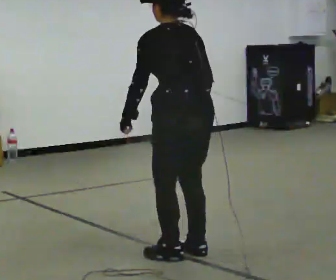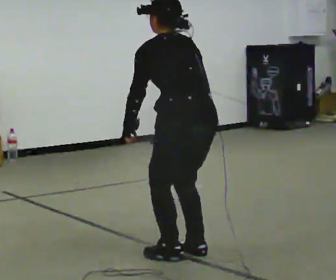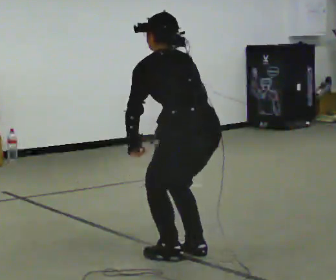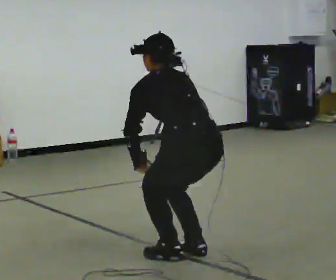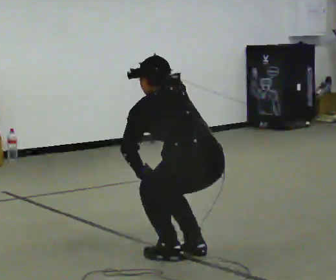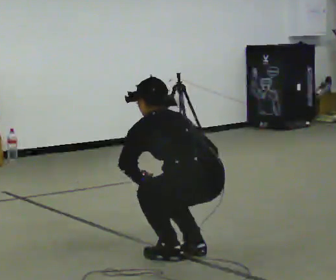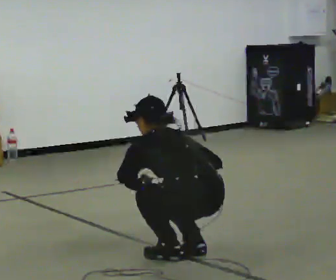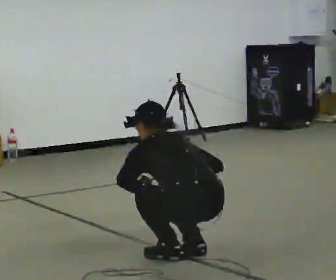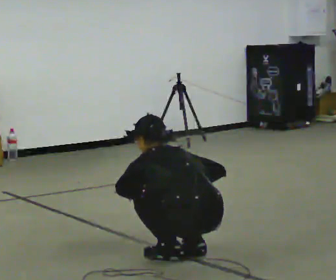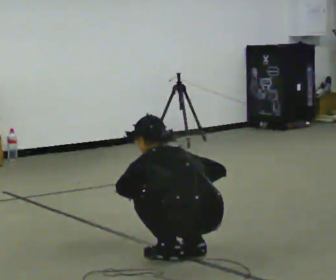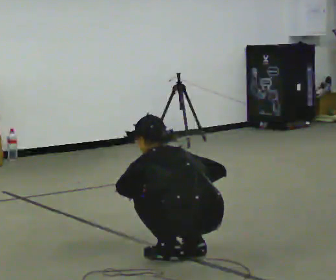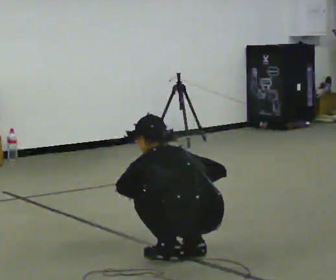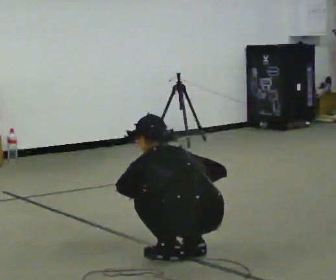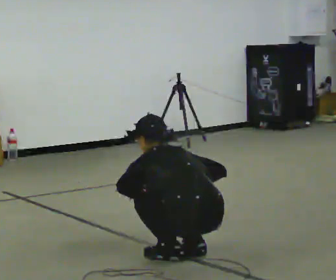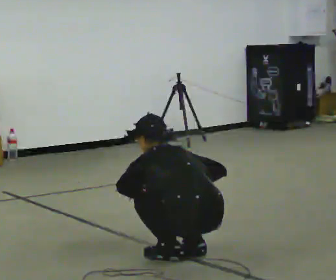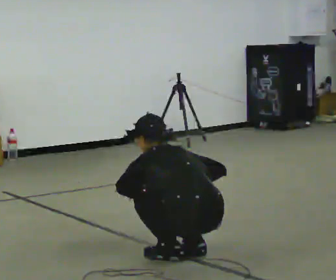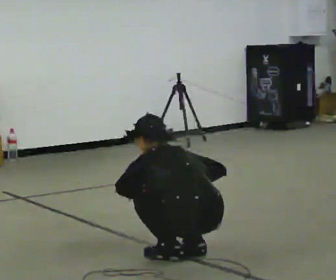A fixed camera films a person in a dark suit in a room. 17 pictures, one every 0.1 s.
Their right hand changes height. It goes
downward.
The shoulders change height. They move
downward.
0.0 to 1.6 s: The upper body goes downward. The upper body tips away from the camera, its near side rolling upward, as they bend forward. In the picture their left hand goes downward.
The film runs backward here.
